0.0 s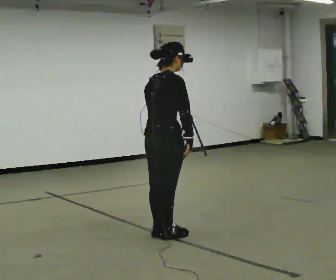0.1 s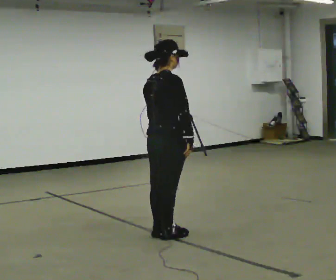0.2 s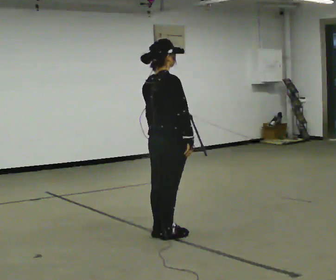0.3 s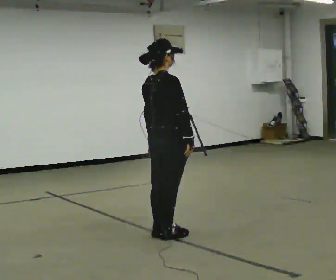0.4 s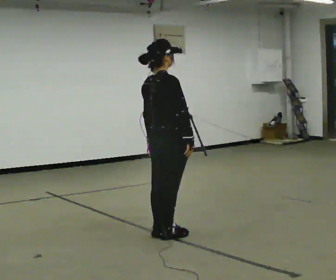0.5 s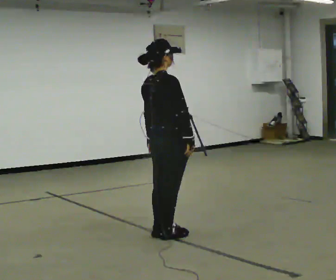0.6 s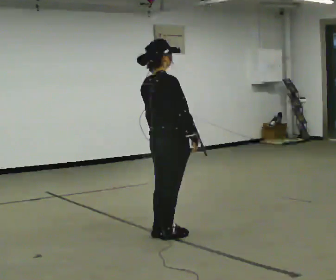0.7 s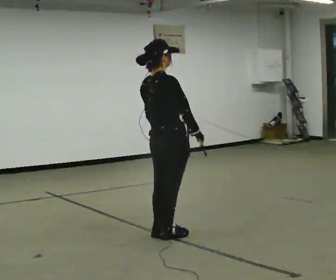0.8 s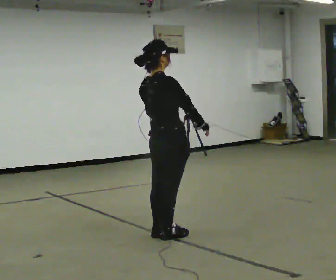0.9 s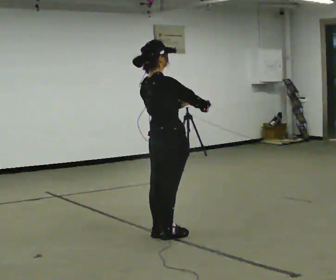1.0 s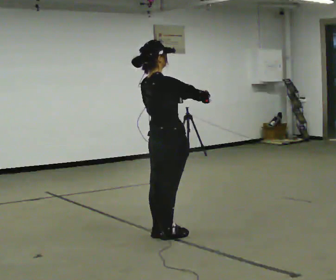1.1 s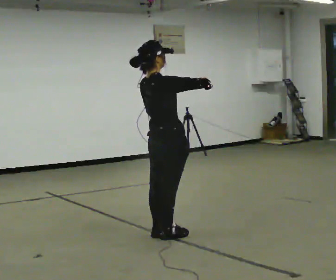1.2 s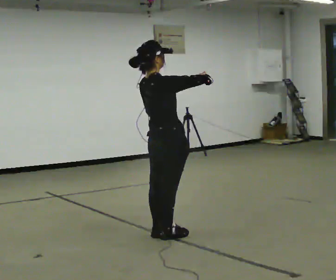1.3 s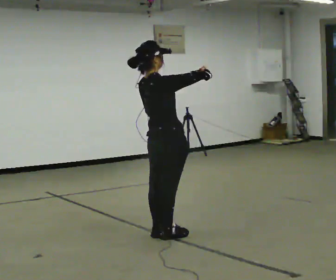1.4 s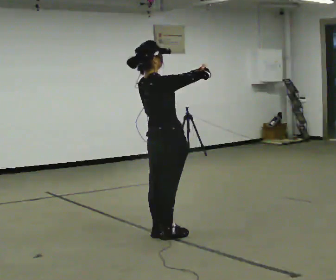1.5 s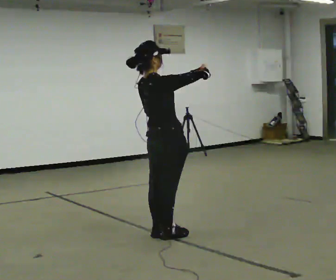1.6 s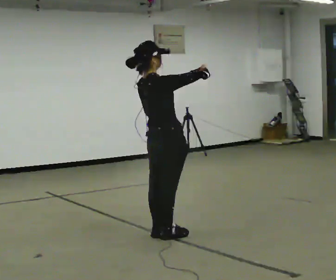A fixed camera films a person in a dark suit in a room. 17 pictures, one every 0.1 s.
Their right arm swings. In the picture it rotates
counterclockwise.
Their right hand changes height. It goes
upward.
0.0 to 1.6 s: In the picture the upper body tilts counterclockwise, shoulders to the left, as they lean back or straighten. In the picture their right hand goes upward, the arm swinging counterclockwise.
The film runs backward here.
